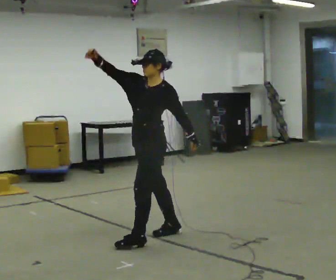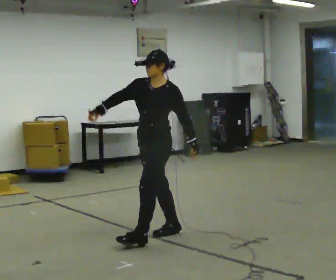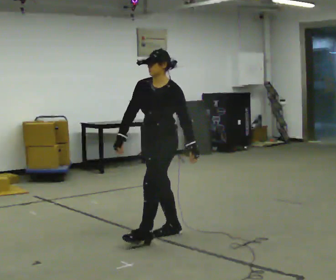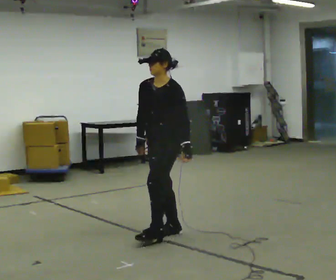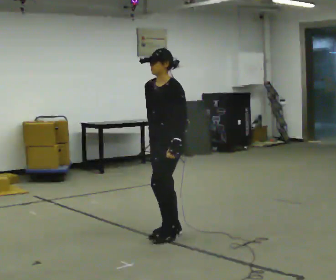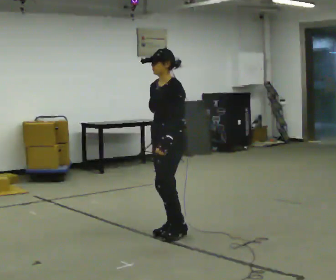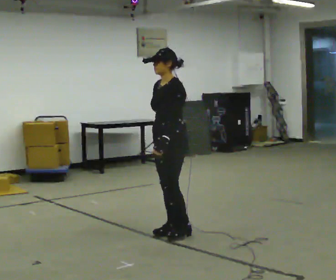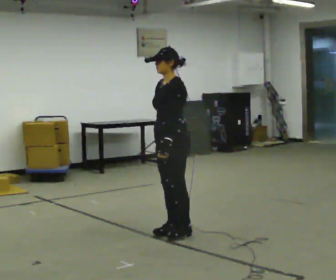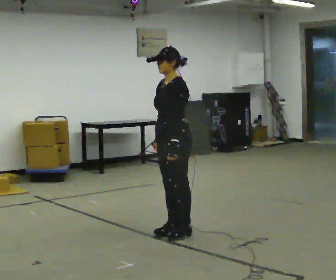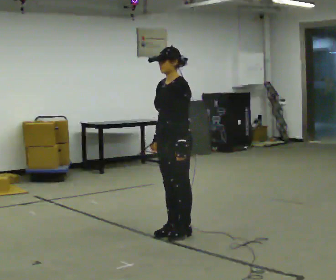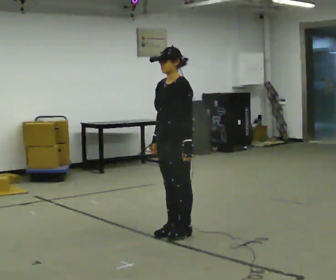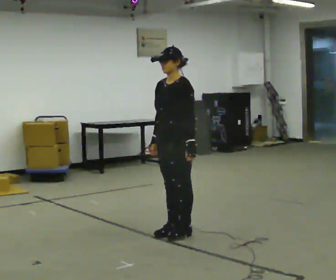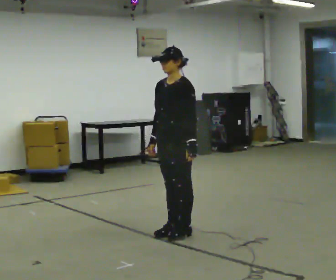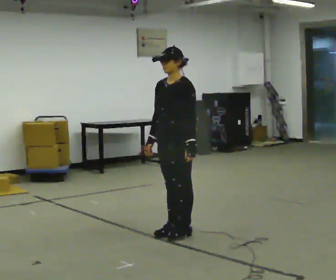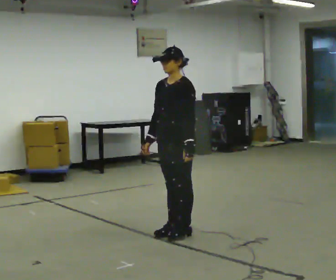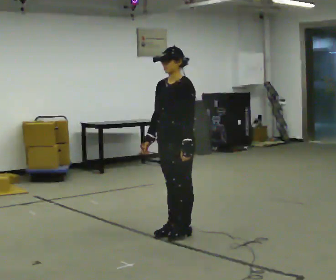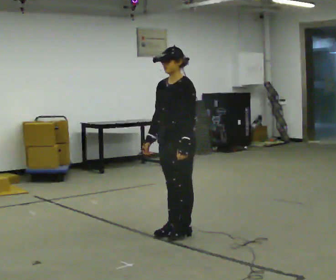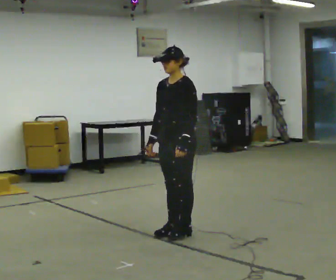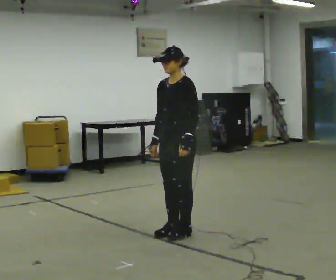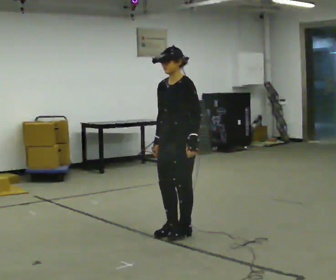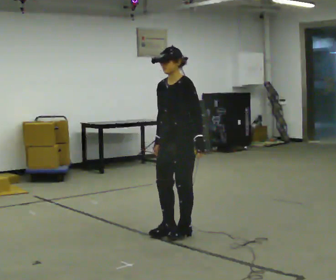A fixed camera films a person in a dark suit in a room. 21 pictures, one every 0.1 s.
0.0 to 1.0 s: In the picture they go to the right, about 0.25 m in 1 step, which for them is backward. In the picture their right hand goes downward and to the right, the arm swinging counterclockwise.
1.0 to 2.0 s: The person moves a little, or ends about where they began.
The film runs backward here.
